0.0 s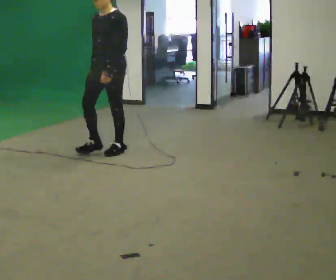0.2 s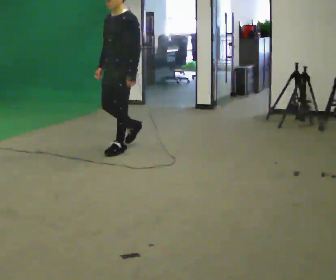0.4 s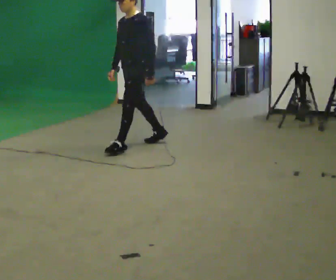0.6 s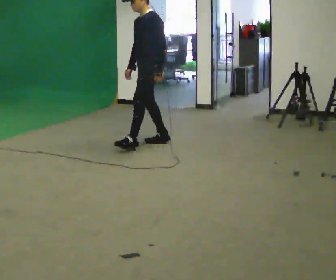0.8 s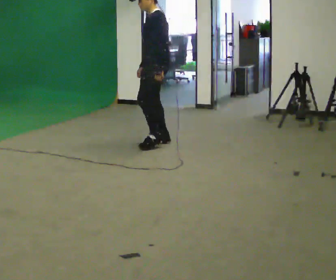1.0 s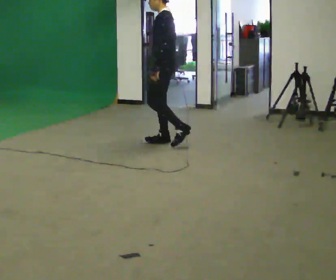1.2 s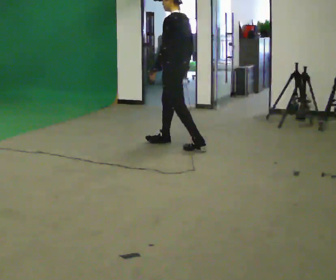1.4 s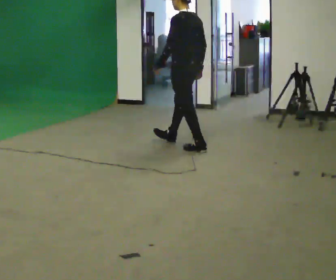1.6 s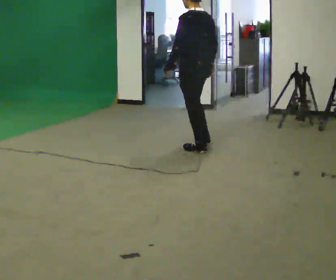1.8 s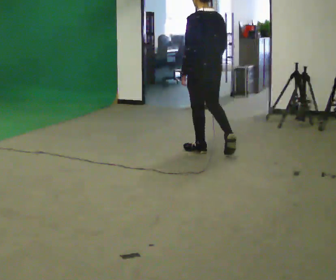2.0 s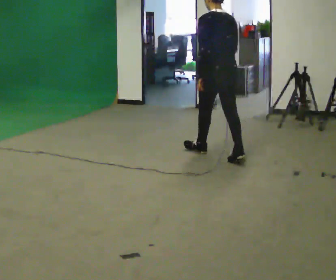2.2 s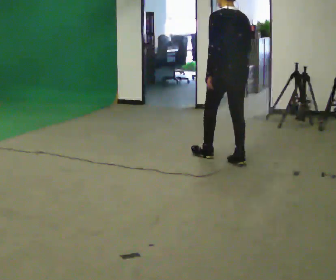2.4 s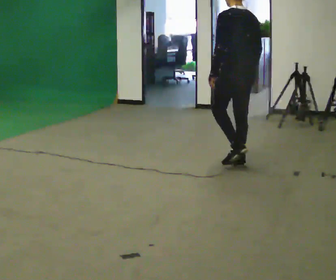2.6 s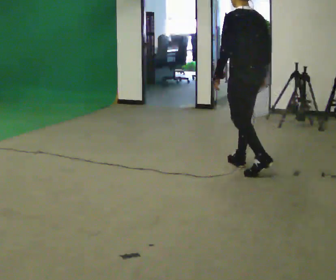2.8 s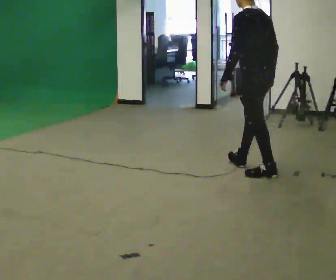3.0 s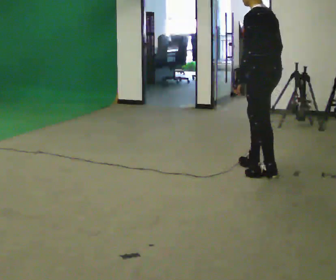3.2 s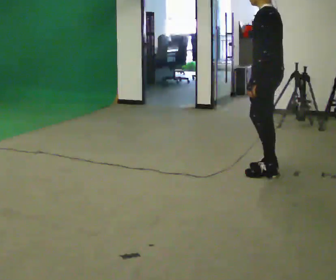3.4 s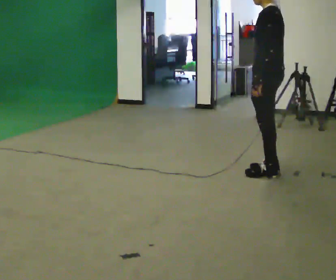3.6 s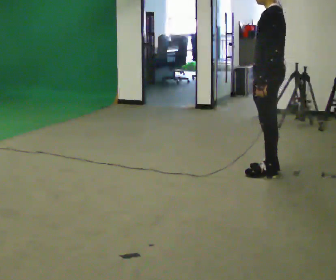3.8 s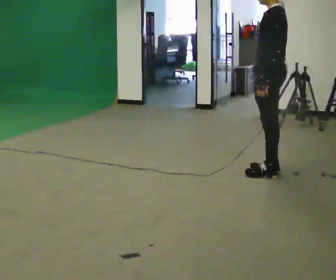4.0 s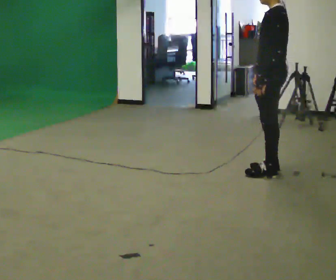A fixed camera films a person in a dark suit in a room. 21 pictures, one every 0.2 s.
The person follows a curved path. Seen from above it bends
clockwise.
The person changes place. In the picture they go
to the right.
0.0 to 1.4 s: The person turns about 90 degrees to their right, clockwise seen from above, so the part of the body nearest the lens slides to the left. In the picture they go to the right and away from the camera, about 1 m in 2 steps.
1.4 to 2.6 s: In the picture they go toward the camera and to the right, about 1 m in 1 step, which for them is backward.
2.6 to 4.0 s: The part of the body nearest the lens slides to the right as the person turns to their left by about 45 degrees. In the picture they go toward the camera and to the right, about 0.25 m in 1 step, which for them is backward and to their left.
The film runs backward here.
